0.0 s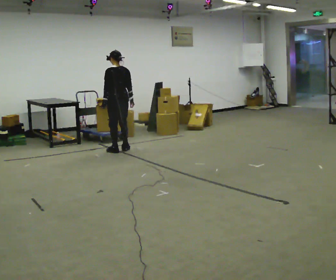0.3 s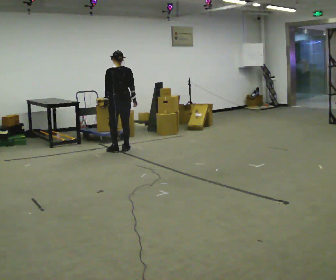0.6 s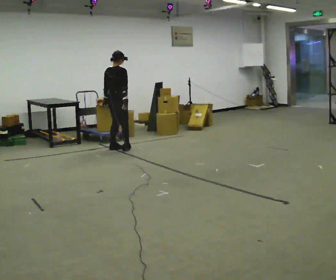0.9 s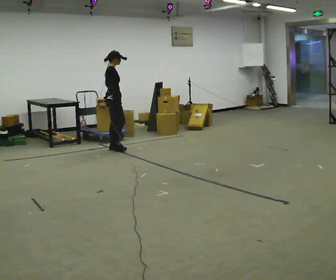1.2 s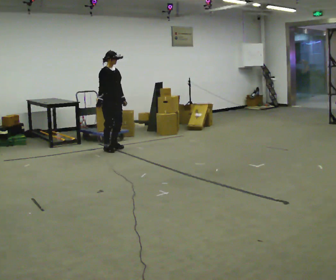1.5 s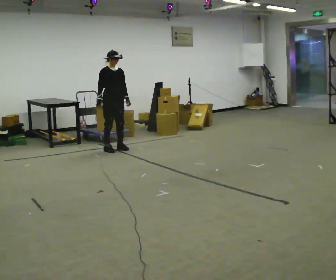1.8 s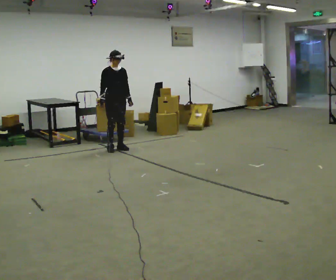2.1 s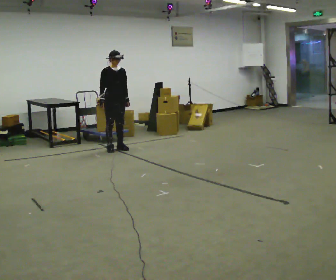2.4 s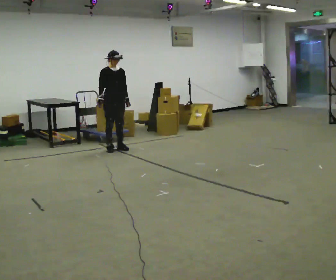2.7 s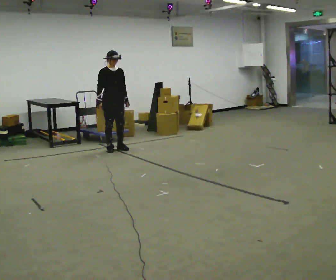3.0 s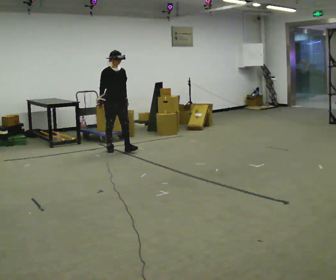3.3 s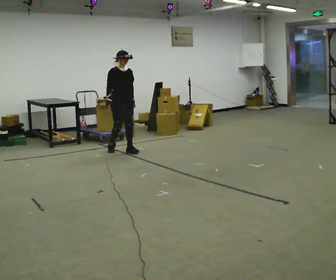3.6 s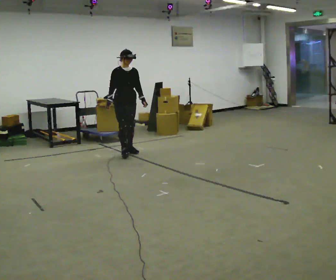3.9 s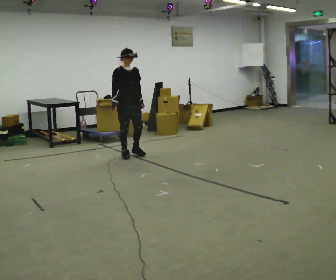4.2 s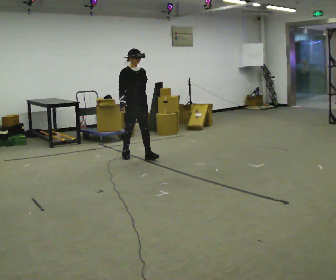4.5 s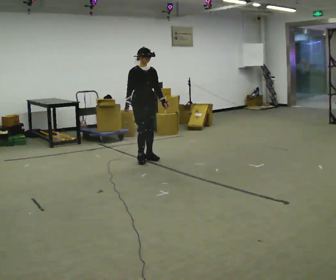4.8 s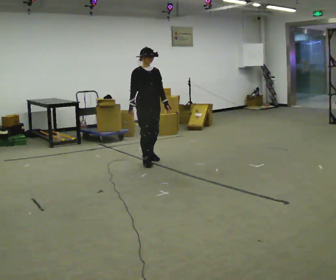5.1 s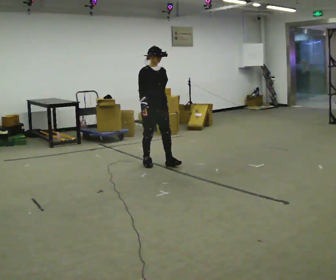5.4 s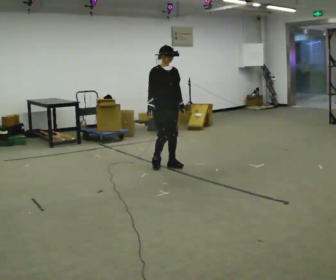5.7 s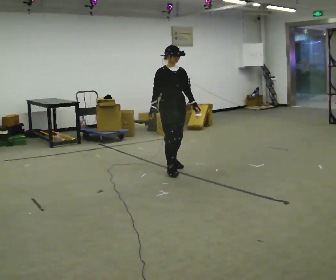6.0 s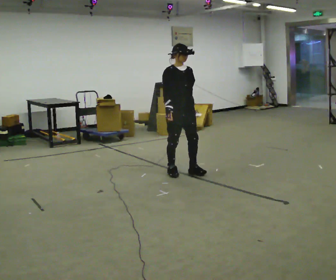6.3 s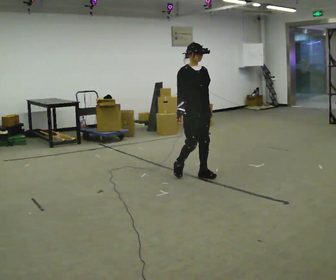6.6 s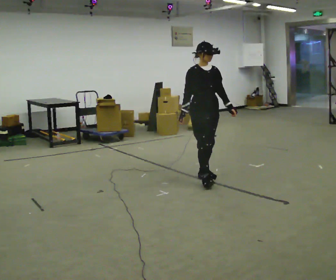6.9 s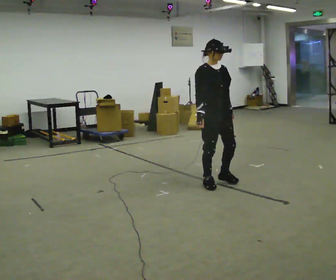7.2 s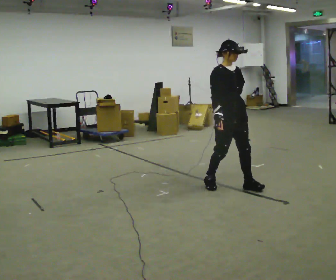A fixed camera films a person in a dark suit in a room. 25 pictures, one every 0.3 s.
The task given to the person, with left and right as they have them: Walk forward with your feet closer together than normal, or further apart than normal, as the operator states; stop.
0.0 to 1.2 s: The part of the body nearest the lens slides to the left as the person turns to their right by about 165 degrees. In the picture they go to the left, about 0.25 m in 2 steps.
1.2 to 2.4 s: The person moves a little, or ends about where they began.
2.4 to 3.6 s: In the picture they go toward the camera and to the right, about 0.25 m in 2 steps, which for them is forward.
3.6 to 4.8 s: In the picture they go toward the camera and to the right, about 0.75 m in 2 steps, which for them is forward.
4.8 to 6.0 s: In the picture they go toward the camera and to the right, about 0.5 m in 2 steps, which for them is forward.
6.0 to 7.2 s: In the picture they go toward the camera and to the right, about 1 m in 3 steps, which for them is forward.
The film runs forward here.
